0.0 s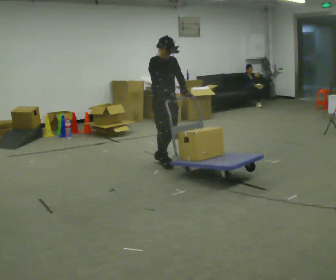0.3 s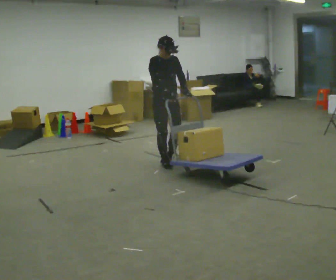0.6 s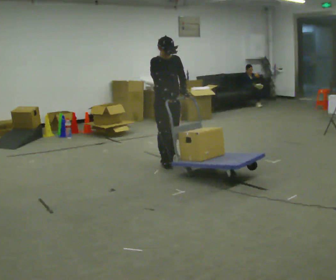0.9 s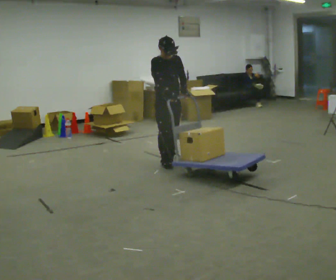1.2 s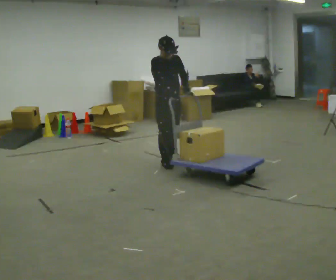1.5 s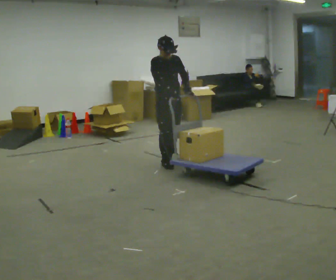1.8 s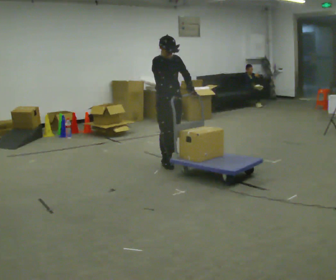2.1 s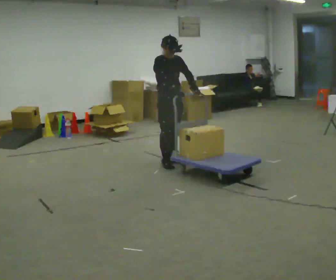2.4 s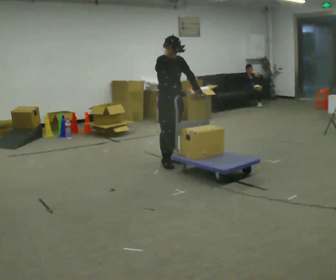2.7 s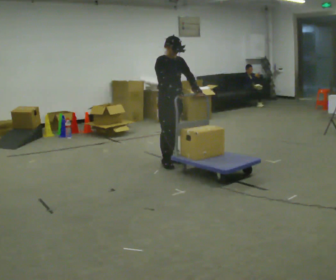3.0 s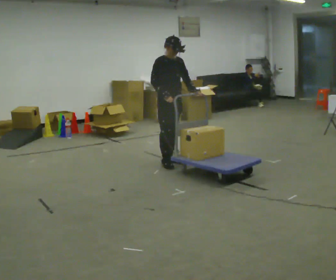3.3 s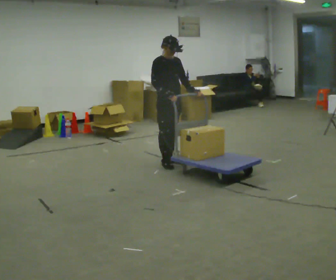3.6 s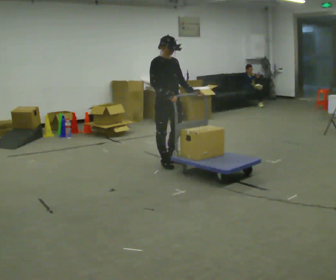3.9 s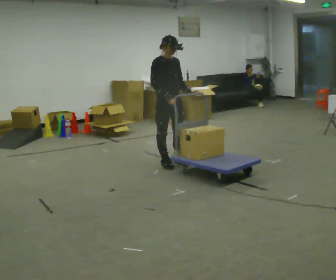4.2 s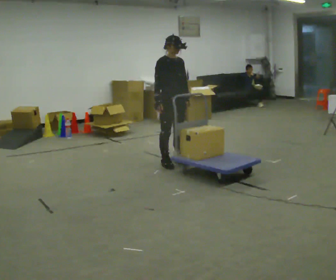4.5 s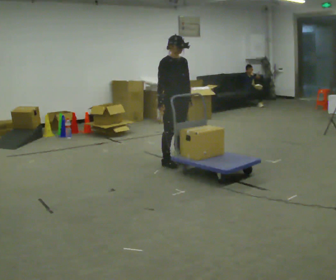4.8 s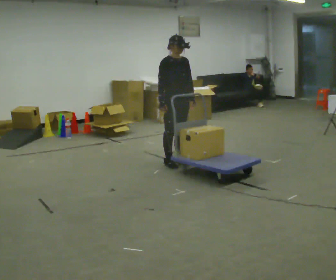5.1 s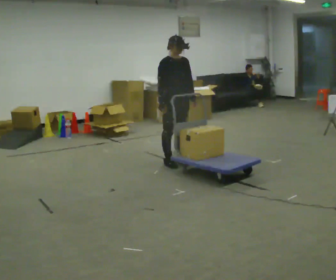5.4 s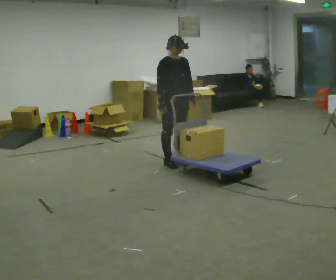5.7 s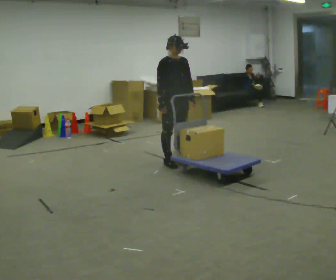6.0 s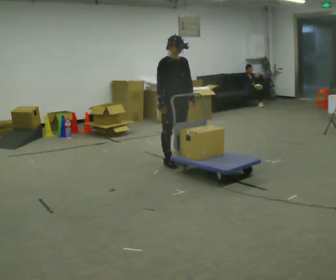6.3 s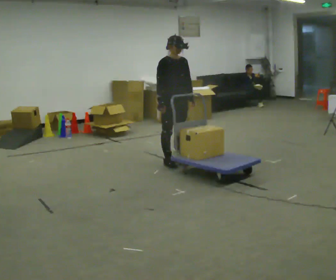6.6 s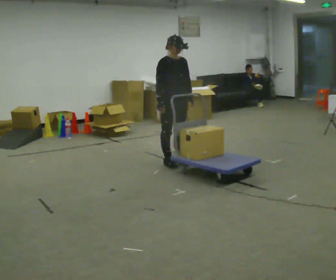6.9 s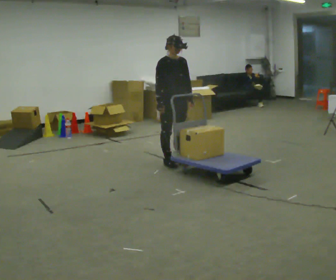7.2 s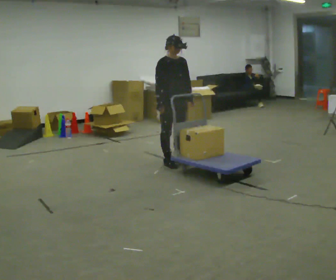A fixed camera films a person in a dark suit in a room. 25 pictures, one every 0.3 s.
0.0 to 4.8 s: In the picture they go to the right, about 0.25 m, which for them is to their left.
4.8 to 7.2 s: The person moves a little, or ends about where they began.
The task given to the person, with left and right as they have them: Turn the cart round to face the other way without moving it out of the marked square, then turn it back. Repeat until the operator says stop.
The film runs forward here.
